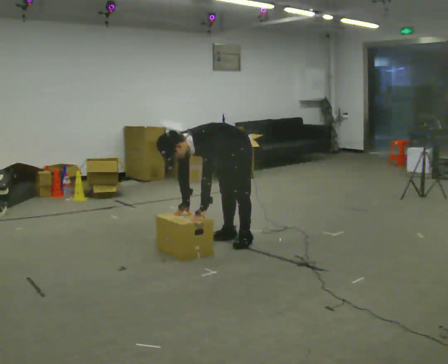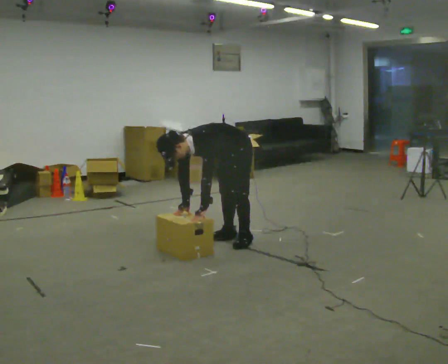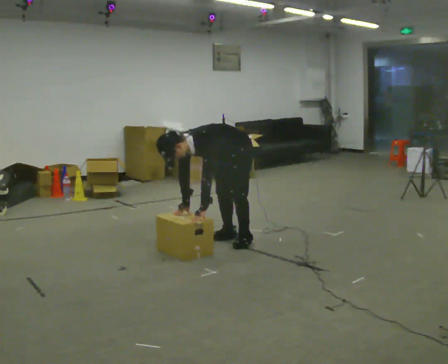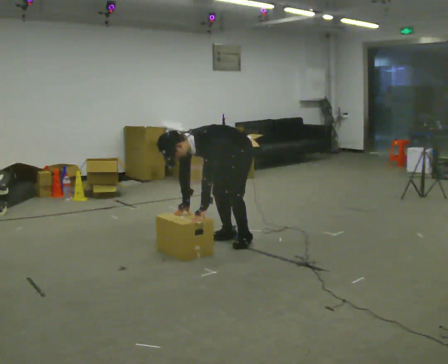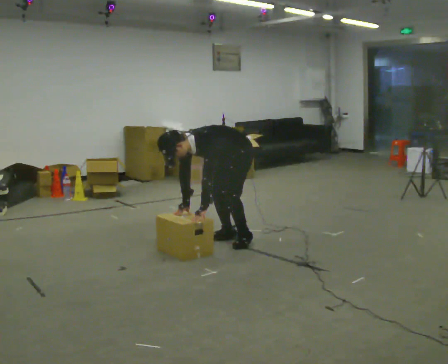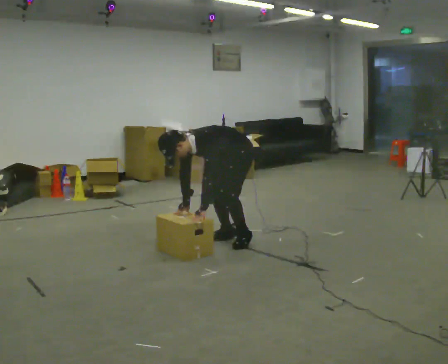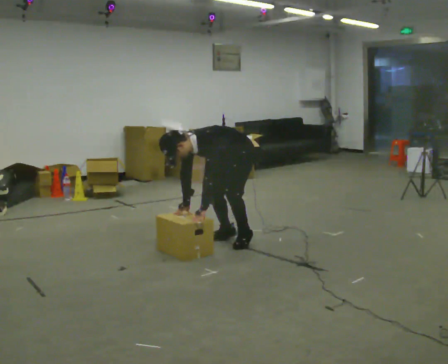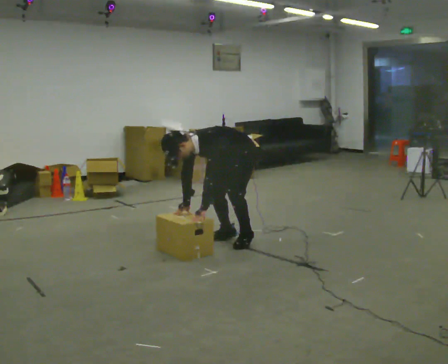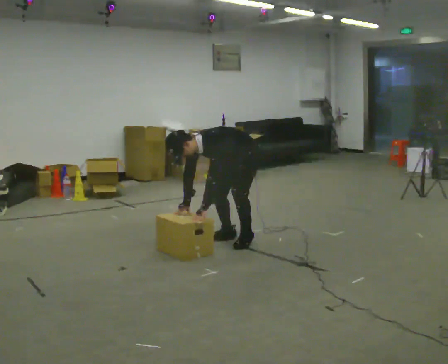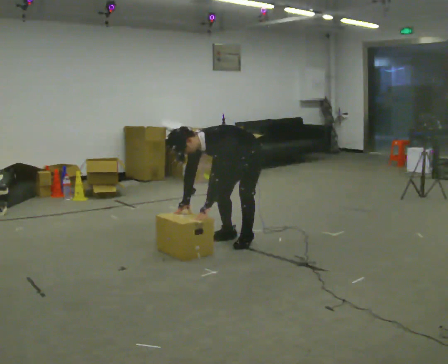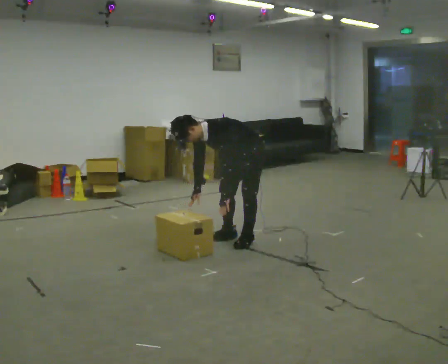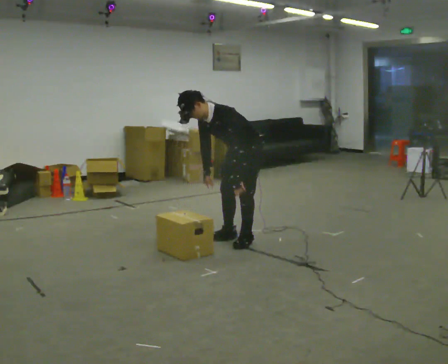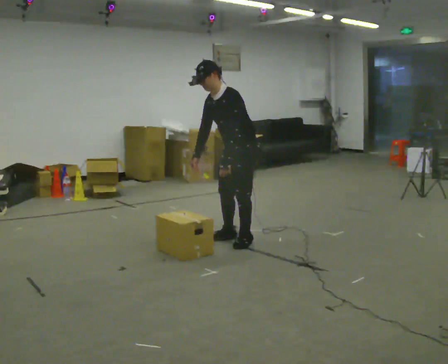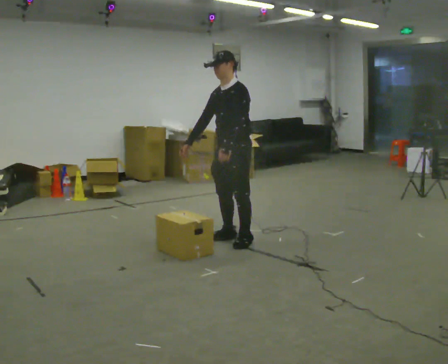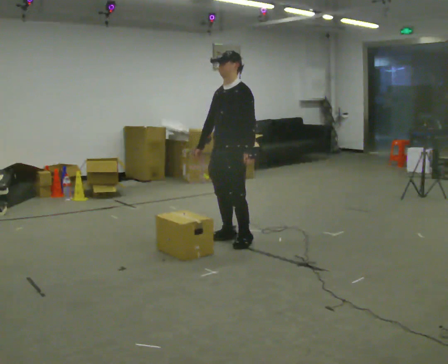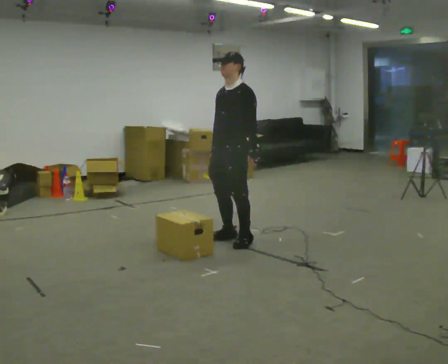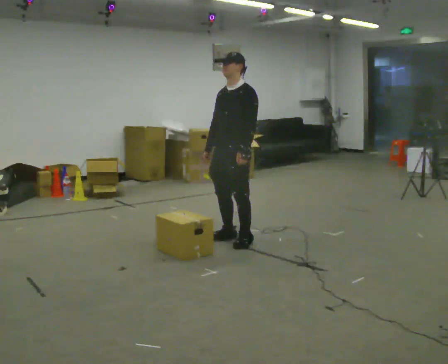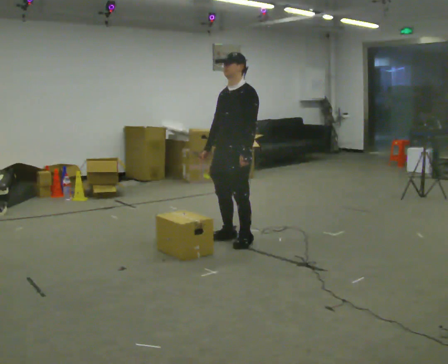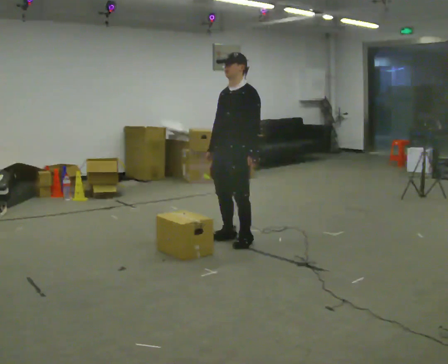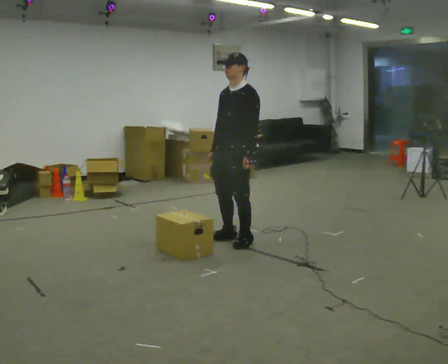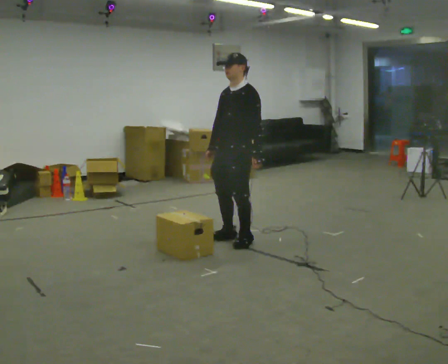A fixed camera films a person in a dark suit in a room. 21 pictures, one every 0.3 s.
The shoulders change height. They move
upward.
0.0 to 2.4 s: The person moves a little, or ends about where they began.
2.4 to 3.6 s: The shoulders move upward. In the picture the upper body tilts clockwise, shoulders to the right, as they lean back or straighten. In the picture their right hand goes upward.
3.6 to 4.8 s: In the picture the upper body tilts clockwise, shoulders to the right, as they lean back or straighten.
4.8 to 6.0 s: The person moves a little, or ends about where they began.
The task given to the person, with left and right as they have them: The object is placed just too far away for you to reach. Try to reach it while keeping both feet planted, and step only when you have to. Repeat at your own pace until the operator says stop. Go slowly and only as far as you are comfortable. Step whenever you need to; do not try to hold on longer than feels safe.
The film runs forward here.
